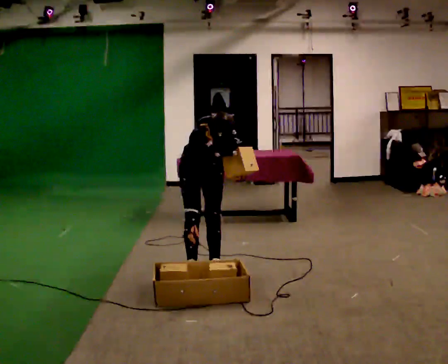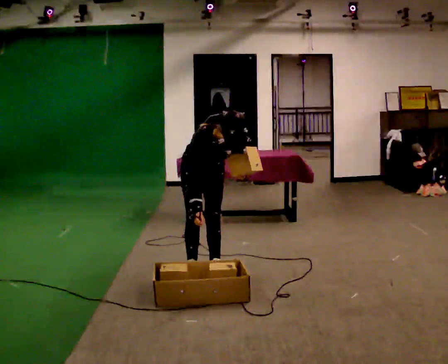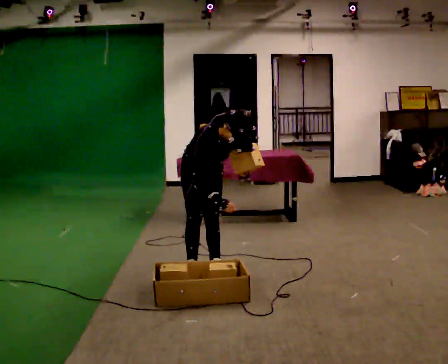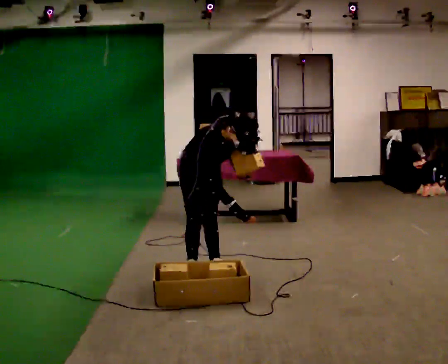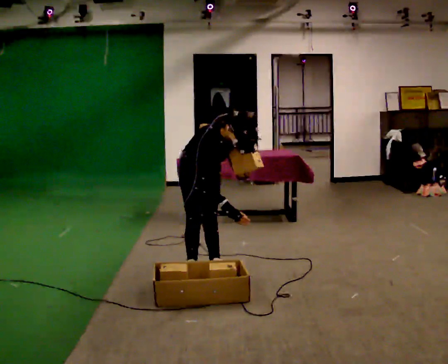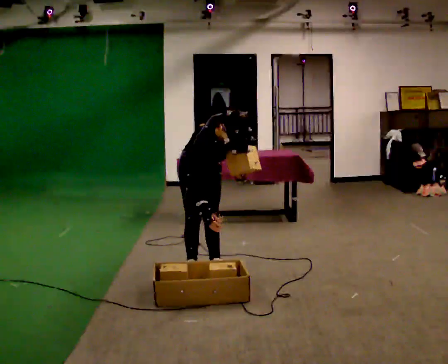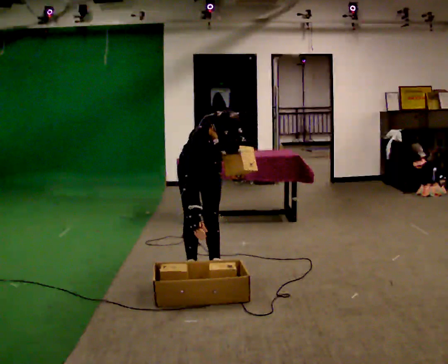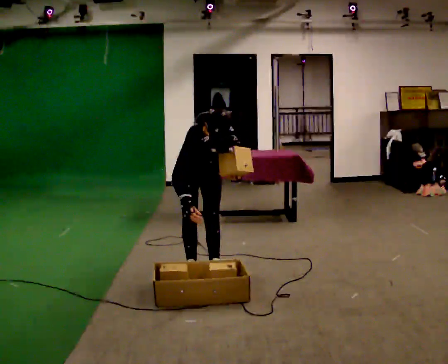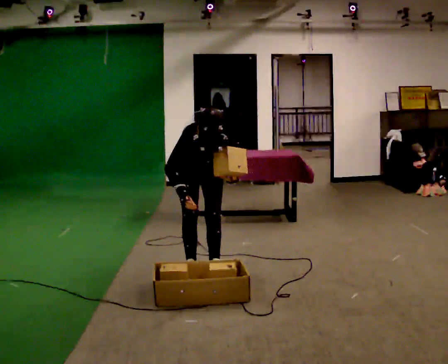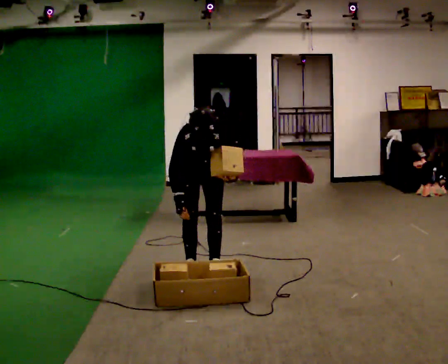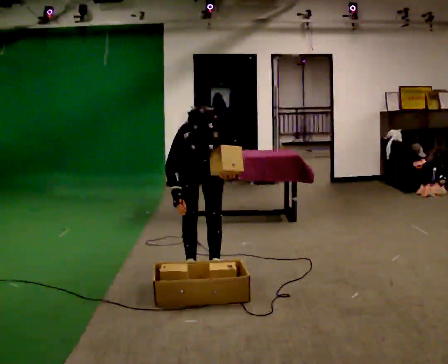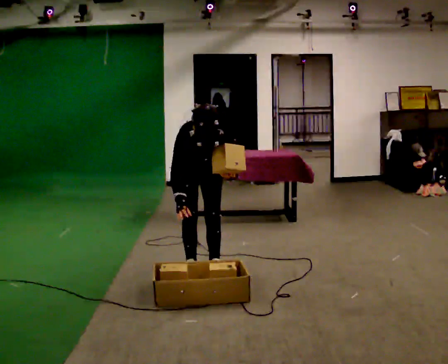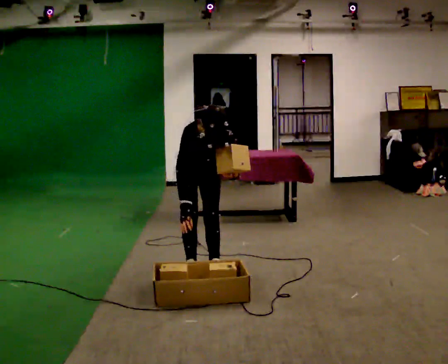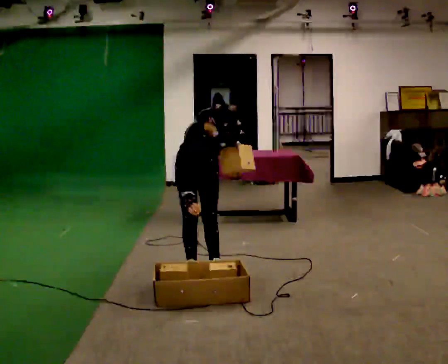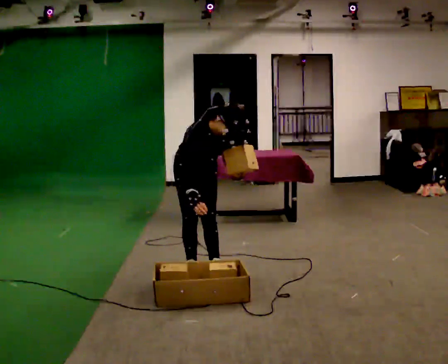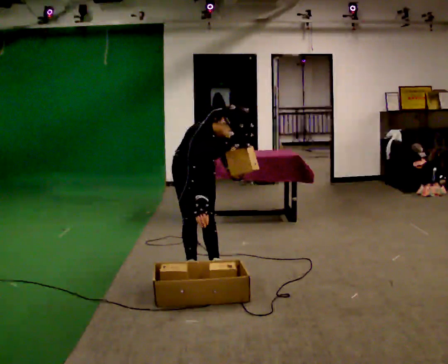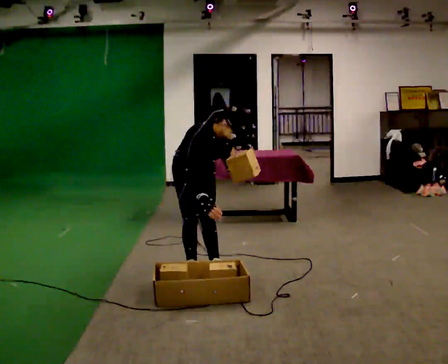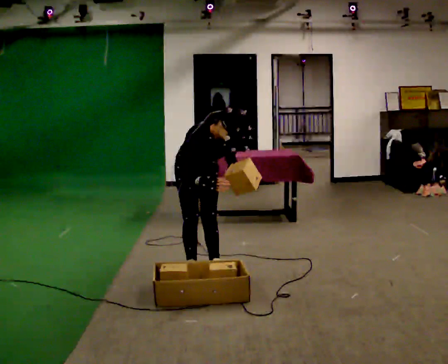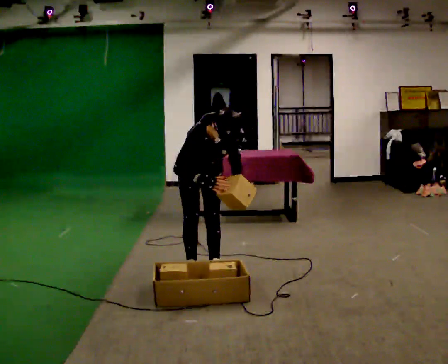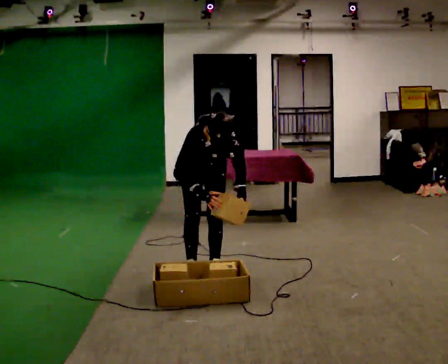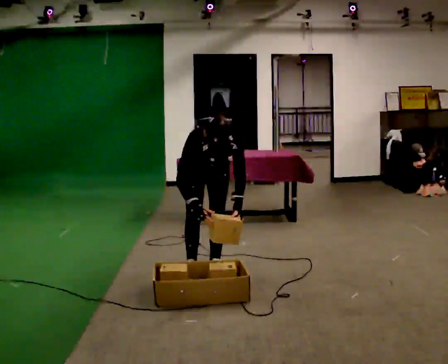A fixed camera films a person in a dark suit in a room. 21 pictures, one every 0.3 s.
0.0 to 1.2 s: In the picture the upper body tilts clockwise, shoulders to the right.
1.2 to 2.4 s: Seen from above the body turns clockwise, about 30 degrees: to their right, with its near side sliding to the left. In the picture the upper body tilts counterclockwise, shoulders to the left. In the picture their right hand goes to the left.
2.4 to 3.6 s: The person moves a little, or ends about where they began.
3.6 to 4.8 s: In the picture the upper body tilts clockwise, shoulders to the right.
4.8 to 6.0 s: Seen from above the body turns clockwise, about 30 degrees: to their right, with its near side sliding to the left. In the picture the upper body tilts counterclockwise, shoulders to the left.
The film runs forward here.
